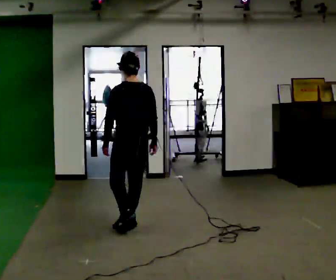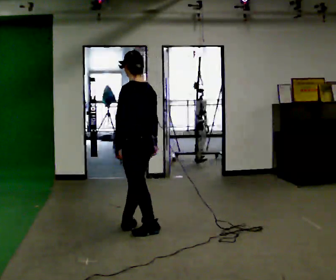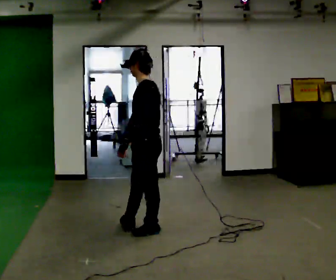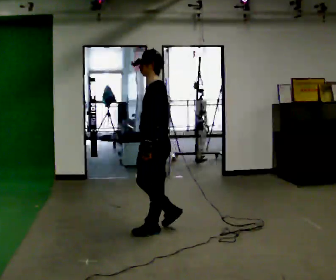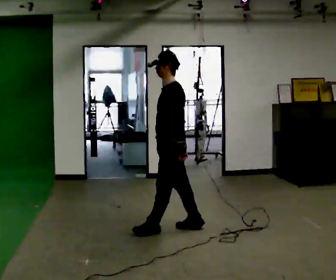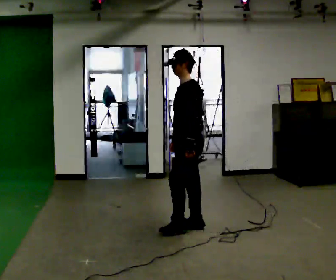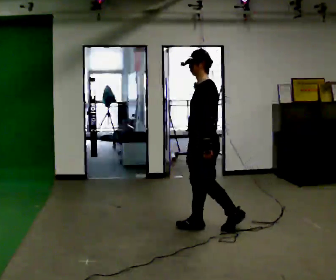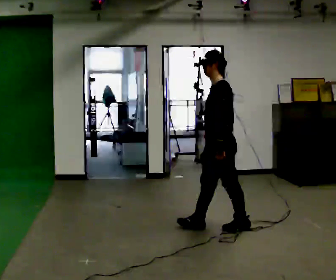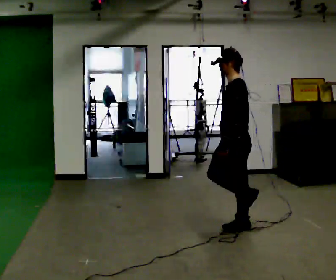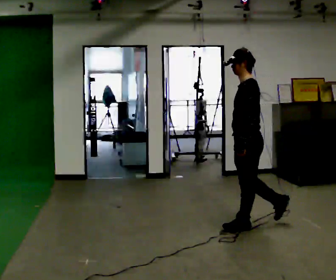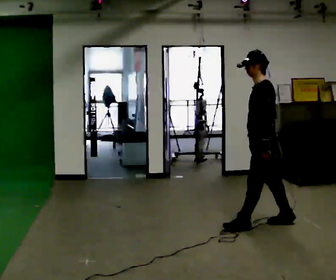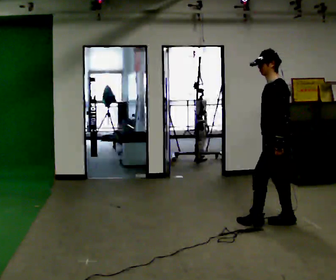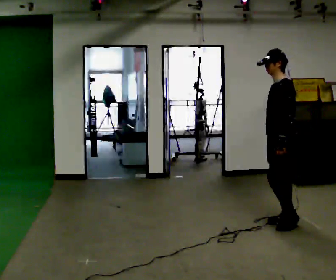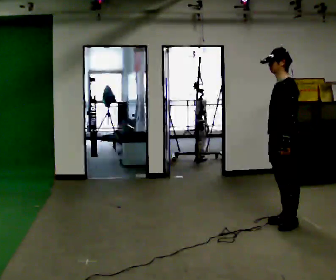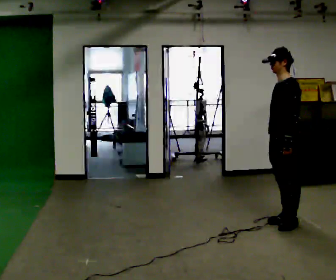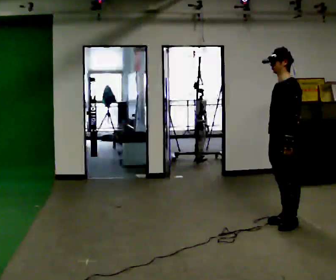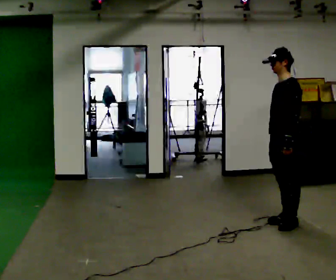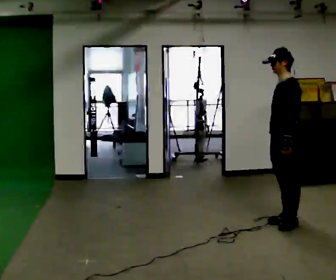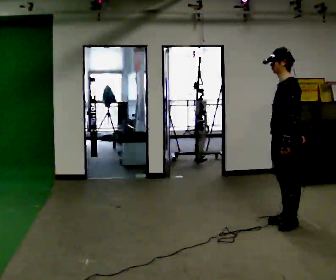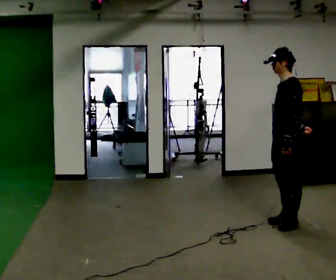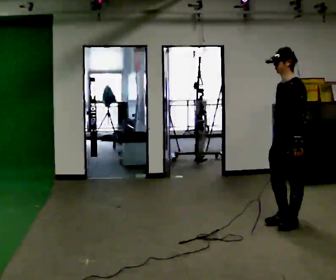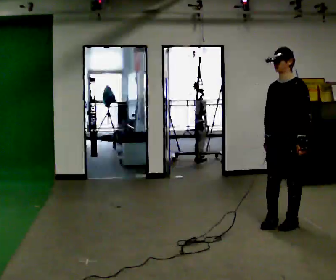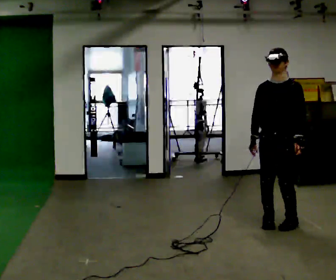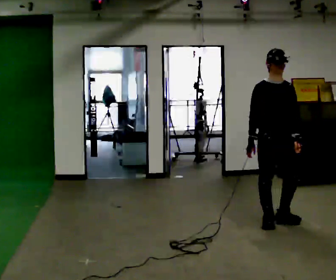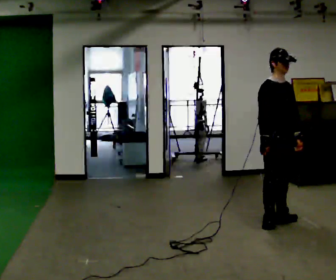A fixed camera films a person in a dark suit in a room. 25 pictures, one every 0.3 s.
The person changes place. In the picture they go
to the right.
0.0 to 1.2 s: The person turns about 75 degrees to their left, counterclockwise seen from above, so the part of the body nearest the lens slides to the right. In the picture they go to the right, about 0.5 m in 1 step.
1.2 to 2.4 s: In the picture they go to the right, about 0.5 m in 2 steps, which for them is backward.
2.4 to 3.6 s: In the picture they go to the right and away from the camera, about 0.5 m in 1 step, which for them is backward.
3.6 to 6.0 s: The person moves a little, or ends about where they began.
6.0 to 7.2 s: The person turns about 105 degrees to their left, counterclockwise seen from above, so the part of the body nearest the lens slides to the right.
The film runs backward here.
